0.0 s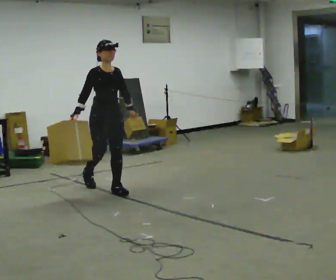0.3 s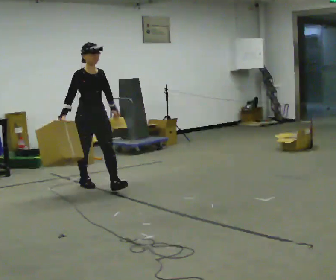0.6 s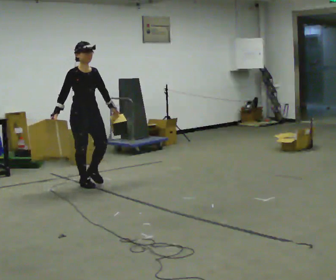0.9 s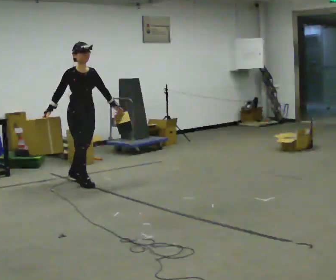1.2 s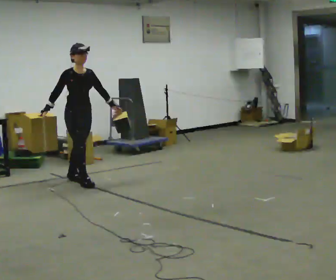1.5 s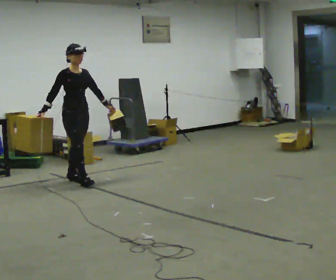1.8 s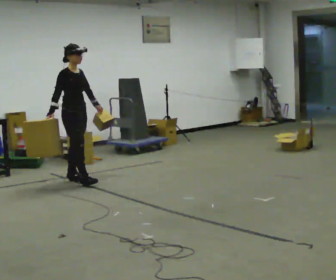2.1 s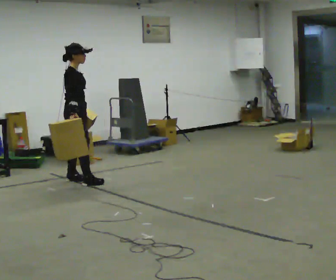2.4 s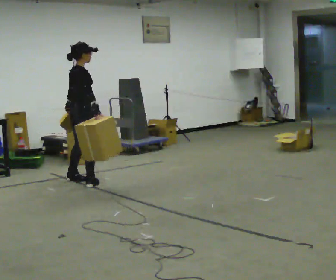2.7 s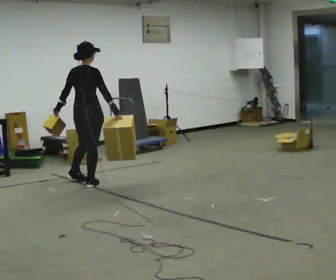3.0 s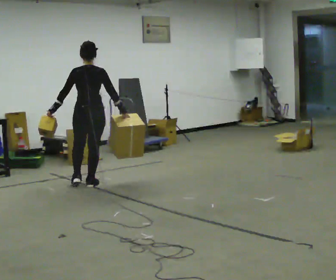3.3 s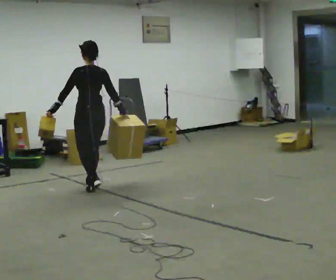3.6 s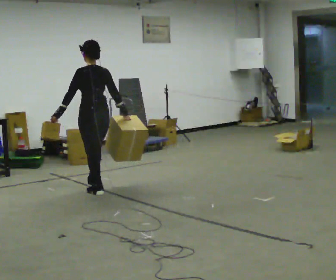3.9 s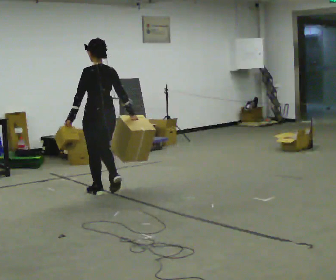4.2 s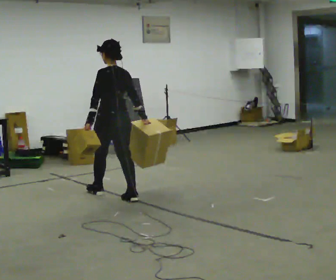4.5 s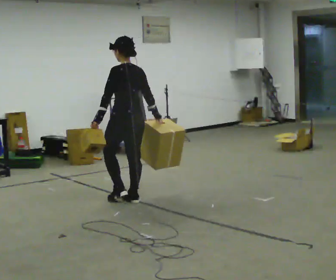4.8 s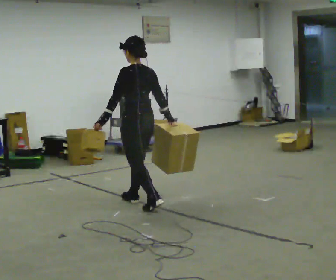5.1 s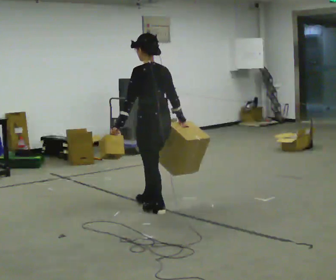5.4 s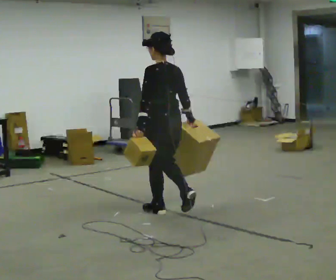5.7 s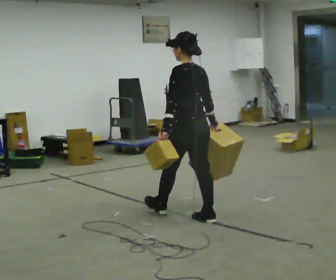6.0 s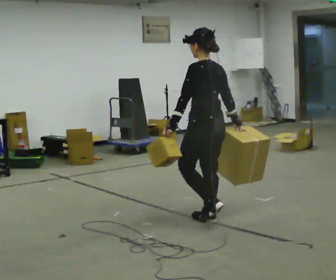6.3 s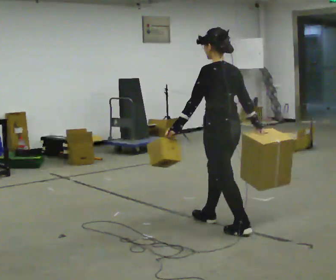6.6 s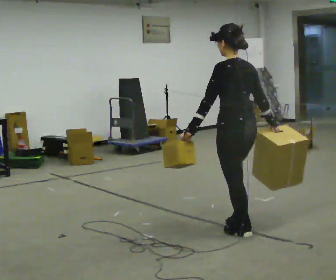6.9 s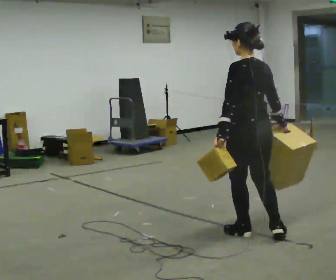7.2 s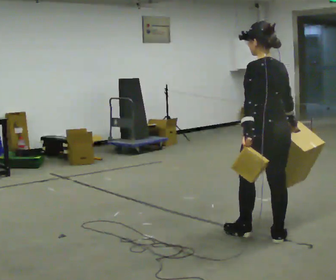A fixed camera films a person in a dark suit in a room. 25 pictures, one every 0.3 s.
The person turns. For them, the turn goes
to their left.
The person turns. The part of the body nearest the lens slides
to the right.
0.0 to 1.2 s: In the picture they go away from the camera and to the left, about 0.5 m in 1 step, which for them is backward.
1.2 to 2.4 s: The part of the body nearest the lens slides to the right as the person turns to their left by about 75 degrees. In the picture their right hand goes to the right, the arm swinging counterclockwise.
2.4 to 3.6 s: Seen from above the body turns counterclockwise, about 90 degrees: to their left, with its near side sliding to the right. In the picture they go toward the camera, about 0.5 m in 2 steps.
3.6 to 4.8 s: In the picture they go toward the camera and to the right, about 0.5 m in 1 step, which for them is backward.
4.8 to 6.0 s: In the picture they go toward the camera and to the right, about 1 m in 2 steps, which for them is backward.
6.0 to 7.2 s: In the picture they go toward the camera and to the right, about 0.75 m in 1 step, which for them is backward.
The film runs backward here.
